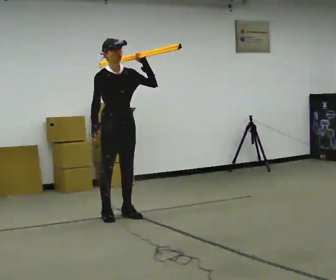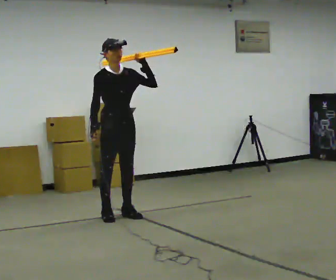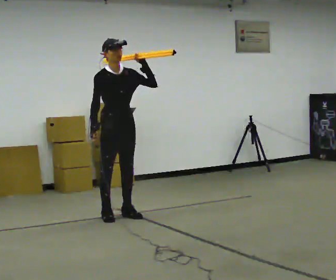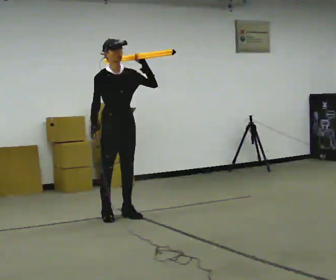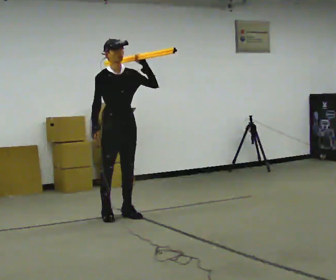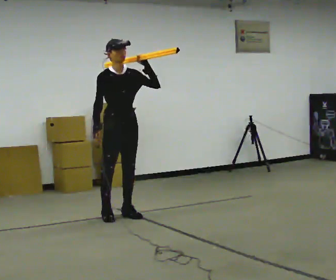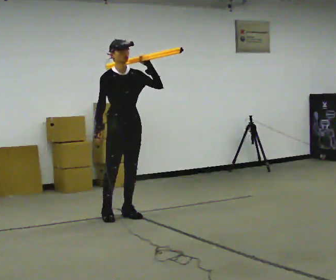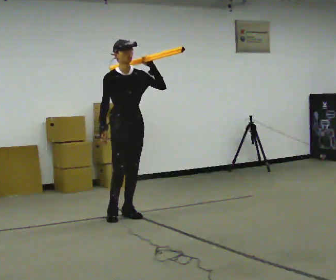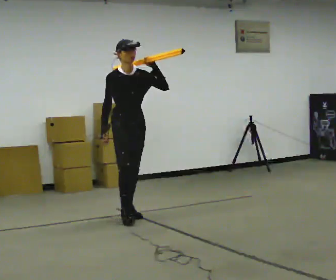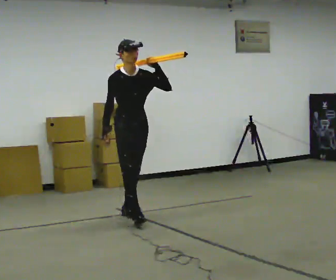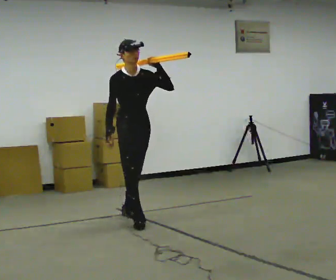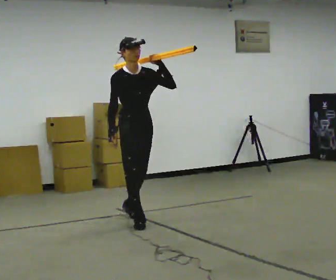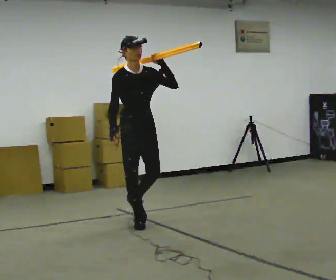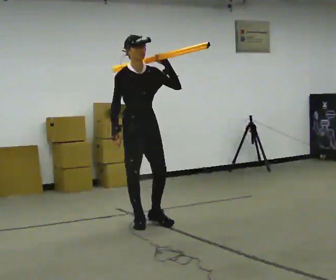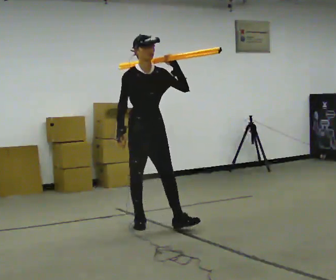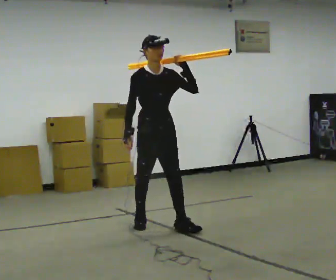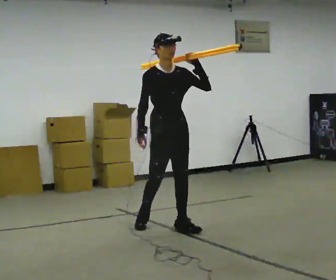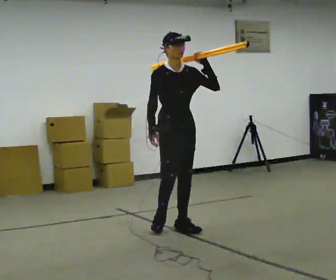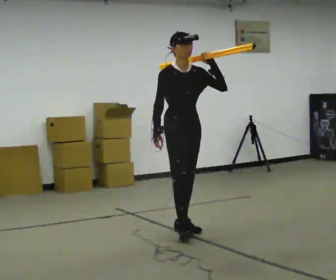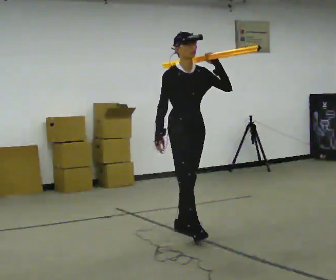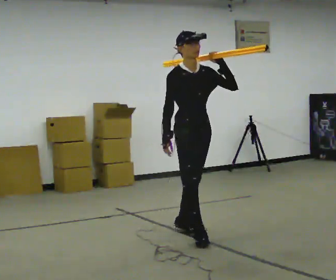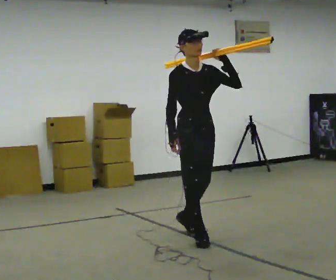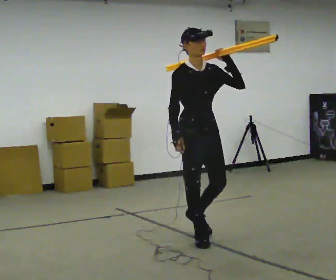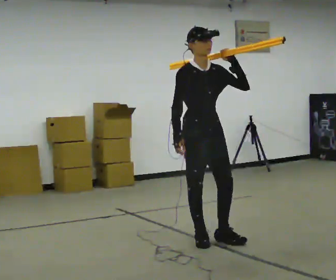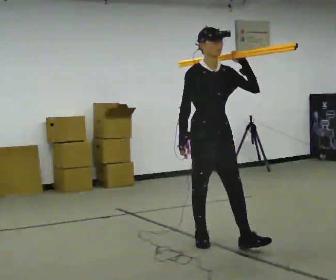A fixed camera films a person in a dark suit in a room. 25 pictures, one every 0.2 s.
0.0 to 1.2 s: The person moves a little, or ends about where they began.
1.2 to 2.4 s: In the picture they go toward the camera, about 0.25 m in 1 step, which for them is forward.
2.4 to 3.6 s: In the picture they go to the right and toward the camera, about 0.5 m in 1 step, which for them is forward and to their left.
3.6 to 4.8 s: In the picture they go toward the camera, about 0.5 m in 1 step, which for them is forward.
The film runs forward here.
